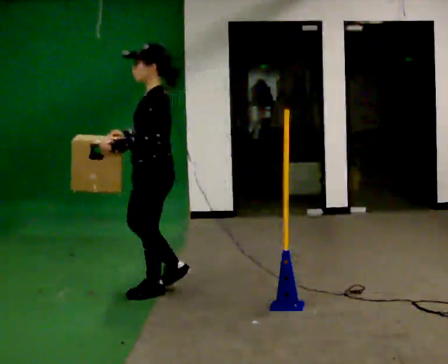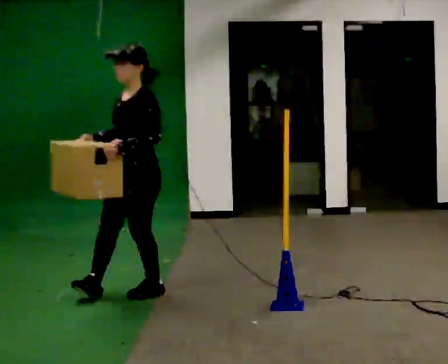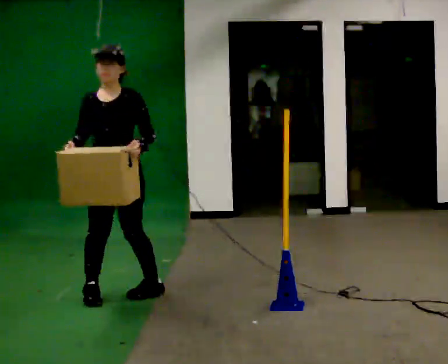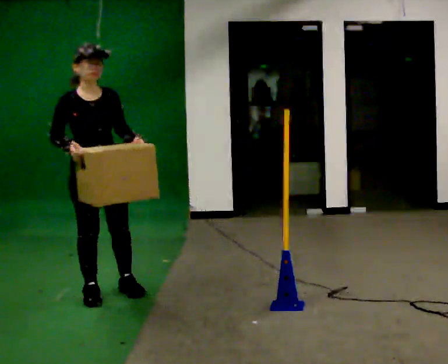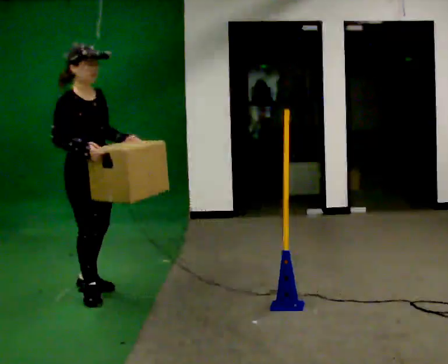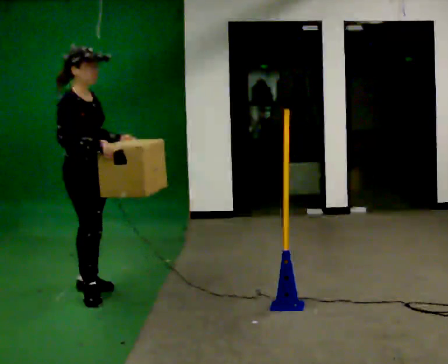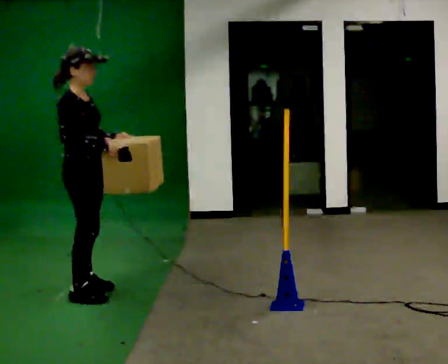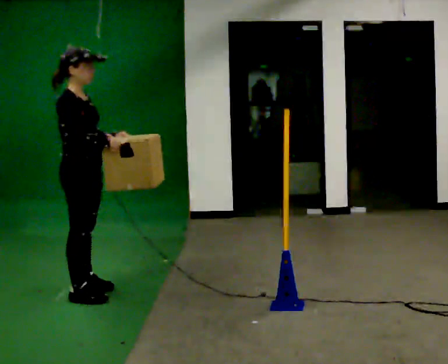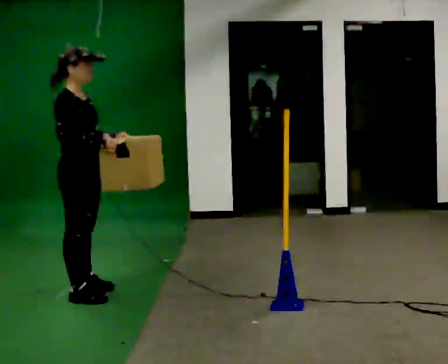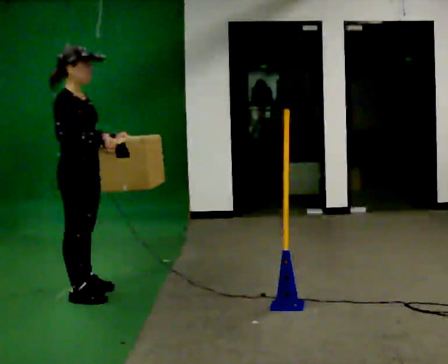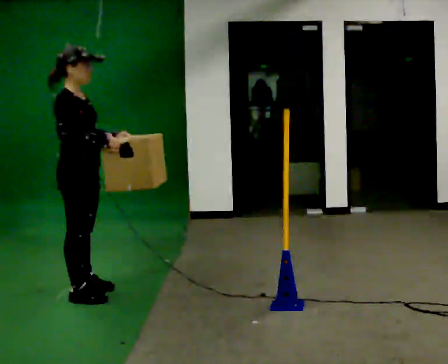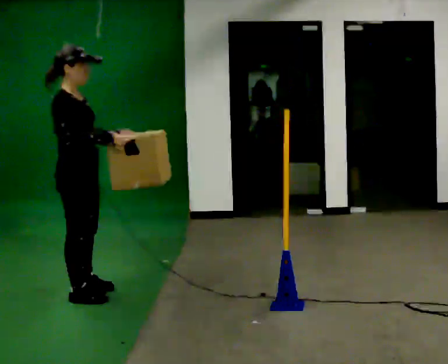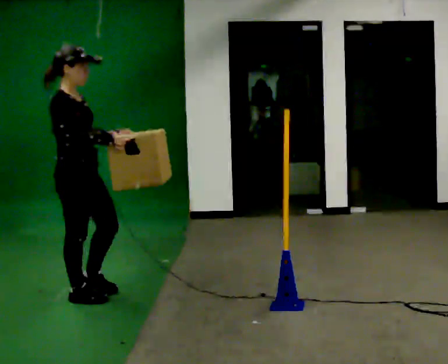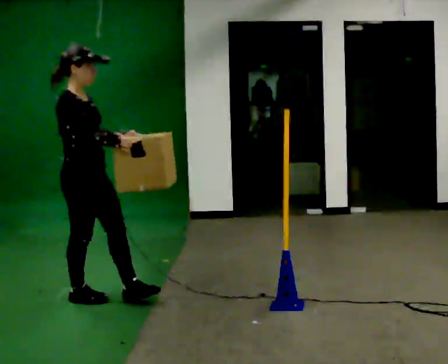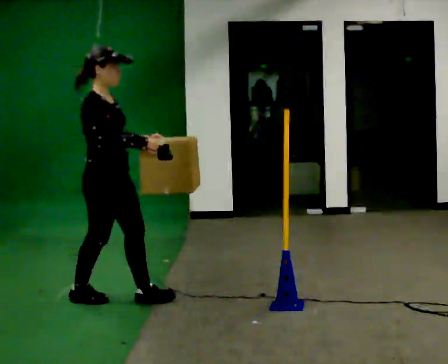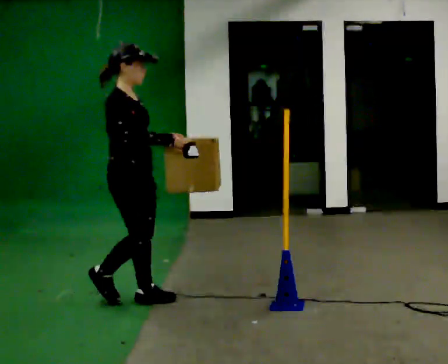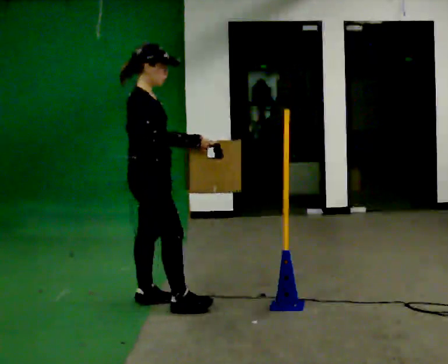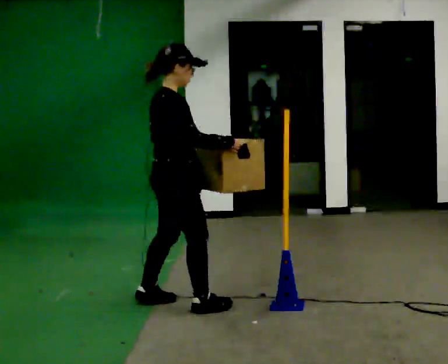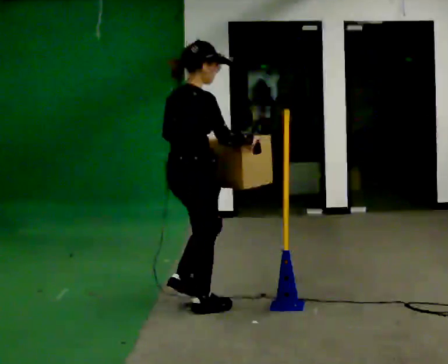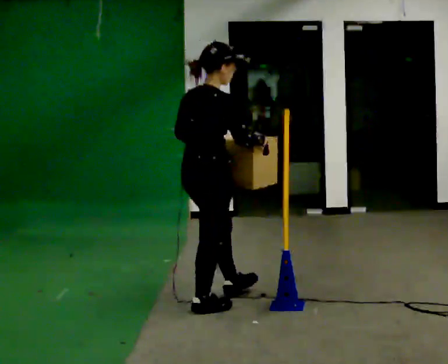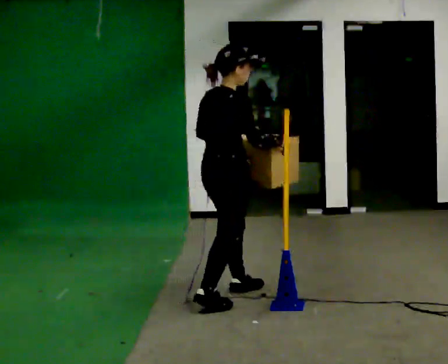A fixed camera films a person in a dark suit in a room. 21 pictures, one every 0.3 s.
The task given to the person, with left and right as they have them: Carry the box across the room. The operator will step into your path partway across, so go around them and carry on. Keep going until the operator says stop; one object at a time, and do not rush between trips.
0.0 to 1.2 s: The part of the body nearest the lens slides to the right as the person turns to their left by about 150 degrees. In the picture they go to the left, about 0.5 m in 2 steps.
1.2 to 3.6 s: The person moves a little, or ends about where they began.
3.6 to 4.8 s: In the picture they go to the right and toward the camera, about 0.5 m in 1 step, which for them is forward.
4.8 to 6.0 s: The person turns about 45 degrees to their left, counterclockwise seen from above, so the part of the body nearest the lens slides to the right. In the picture they go to the right, about 0.5 m in 2 steps, which for them is forward and to their right.
The film runs forward here.
